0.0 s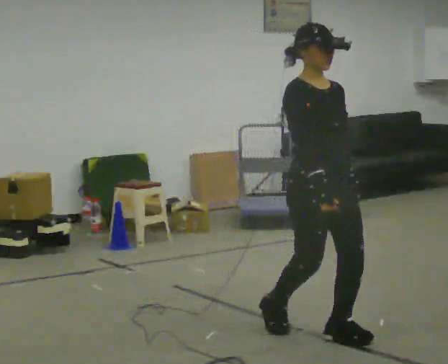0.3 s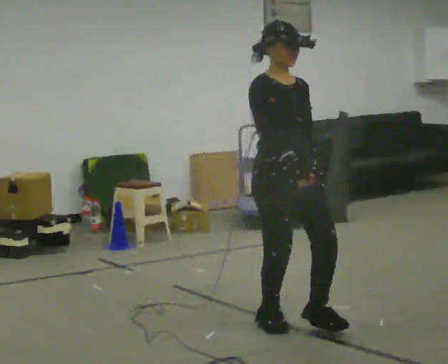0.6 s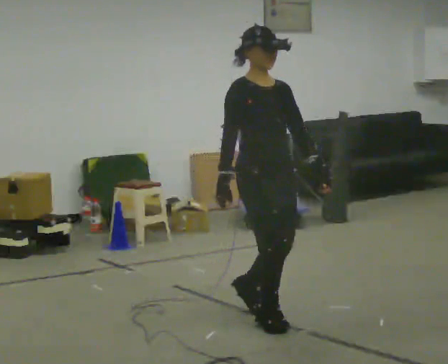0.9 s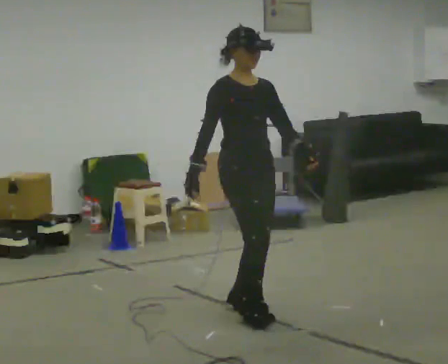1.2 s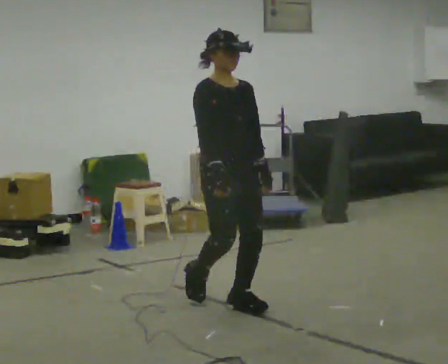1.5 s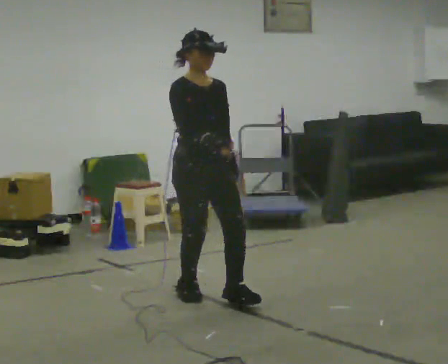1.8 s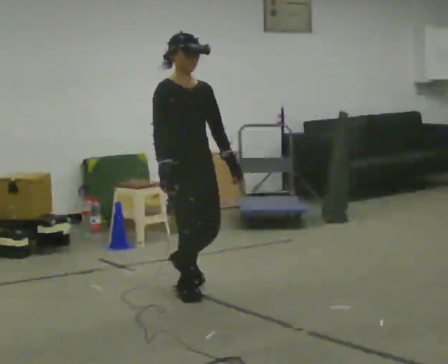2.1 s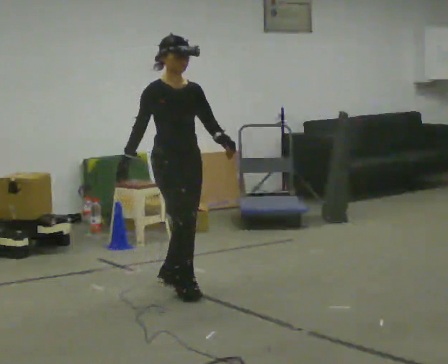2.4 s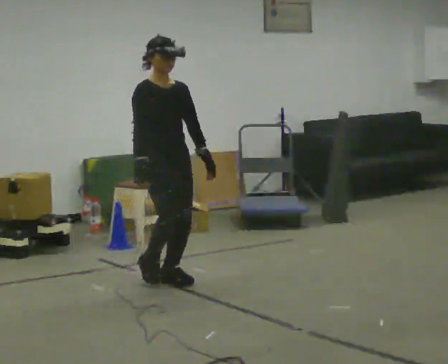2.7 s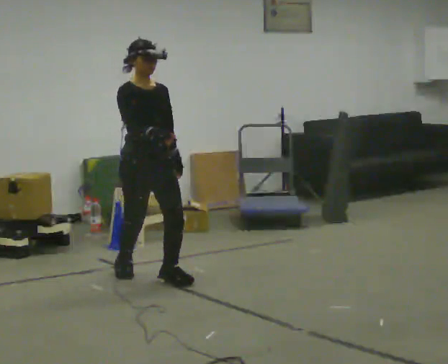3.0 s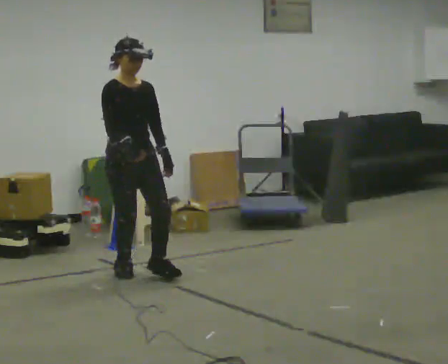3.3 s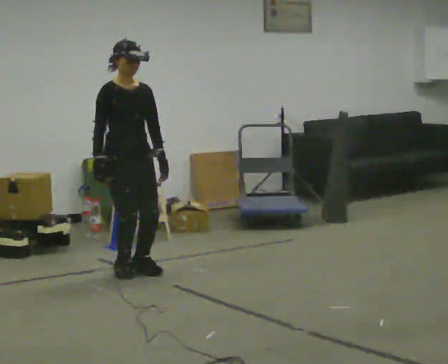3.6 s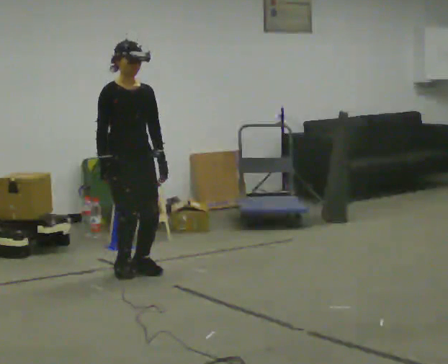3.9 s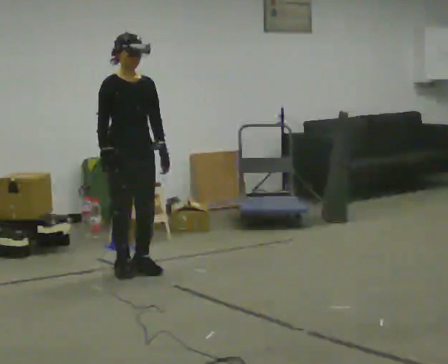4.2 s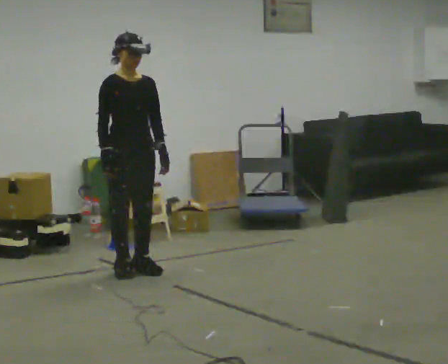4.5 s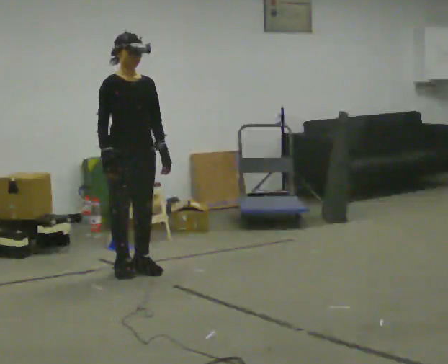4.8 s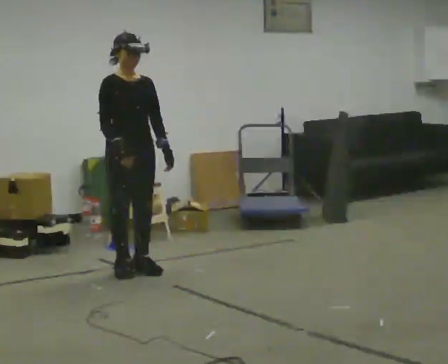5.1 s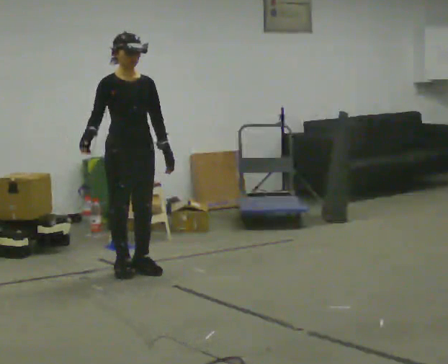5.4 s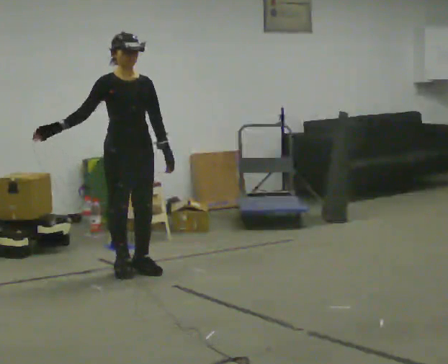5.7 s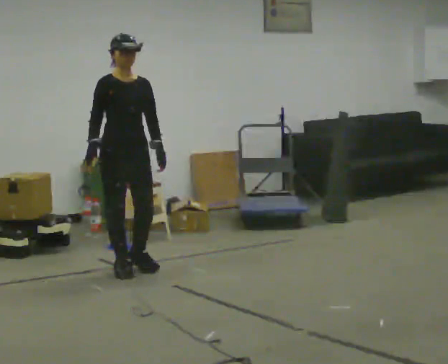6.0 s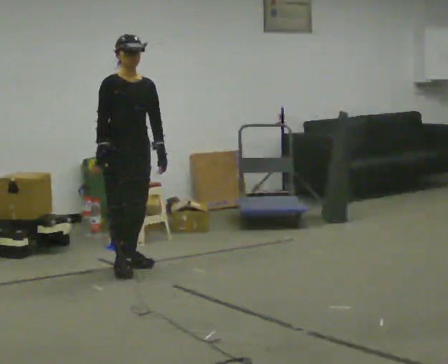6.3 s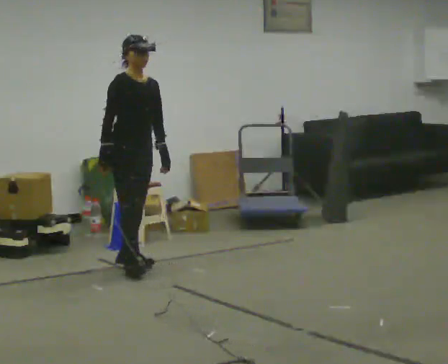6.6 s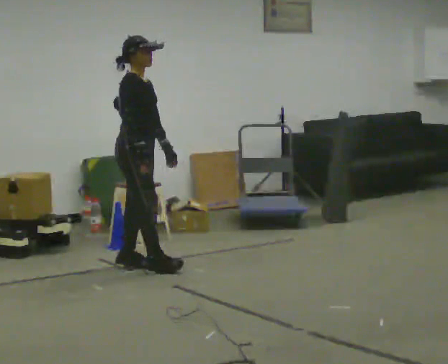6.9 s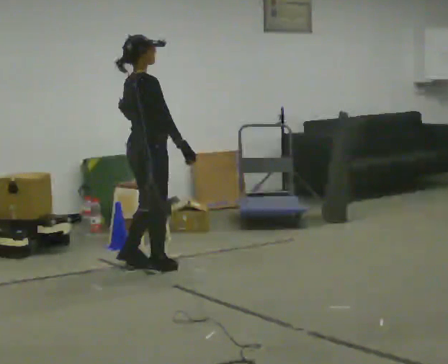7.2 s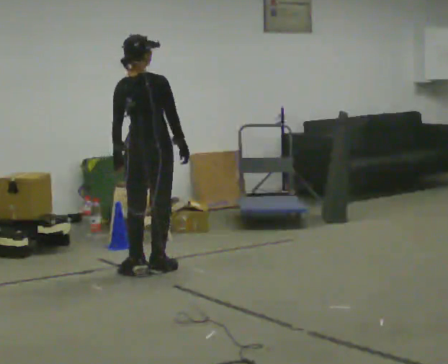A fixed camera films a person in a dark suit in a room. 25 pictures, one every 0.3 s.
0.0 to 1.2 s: In the picture they go away from the camera and to the left, about 1 m in 2 steps, which for them is backward.
1.2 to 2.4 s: In the picture they go away from the camera and to the left, about 0.75 m in 2 steps, which for them is backward.
2.4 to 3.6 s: In the picture they go away from the camera and to the left, about 0.25 m in 1 step, which for them is backward.
3.6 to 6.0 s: The person moves a little, or ends about where they began.
6.0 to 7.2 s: The person turns about 135 degrees to their left, counterclockwise seen from above, so the part of the body nearest the lens slides to the right. In the picture their right hand goes to the right, the arm swinging counterclockwise.
The film runs backward here.
